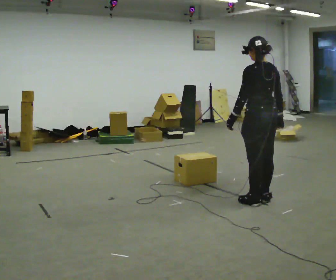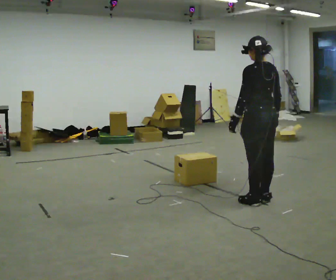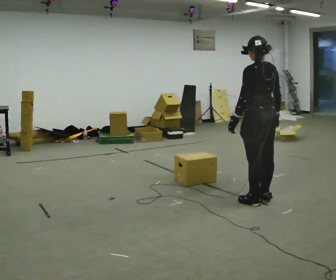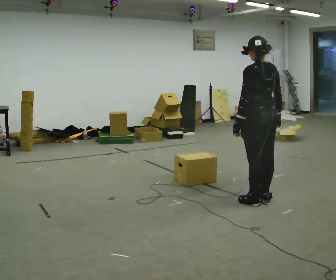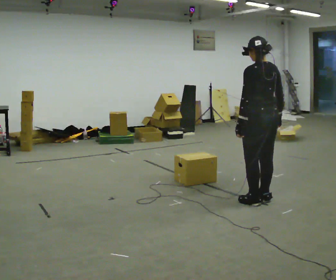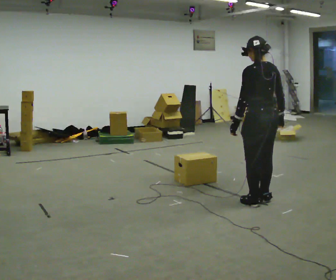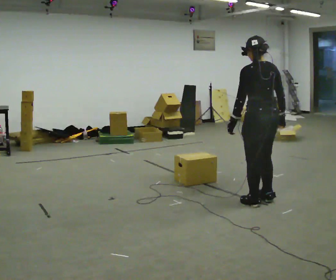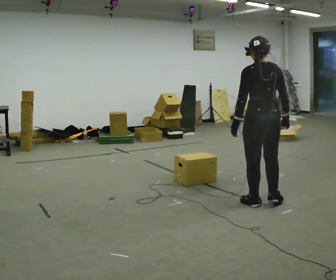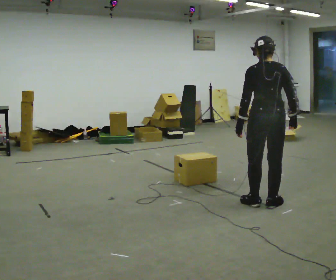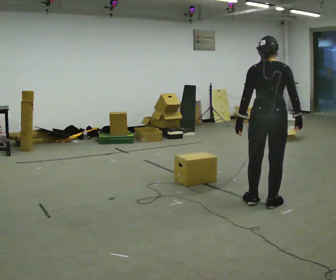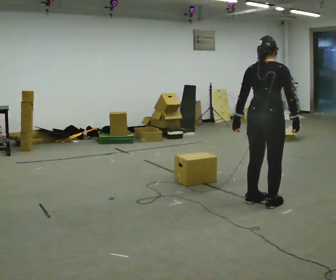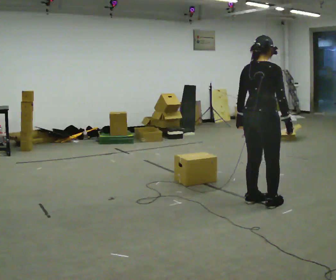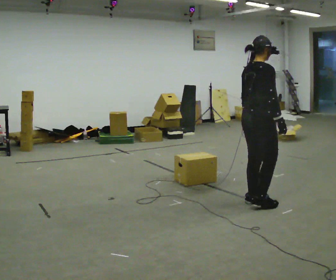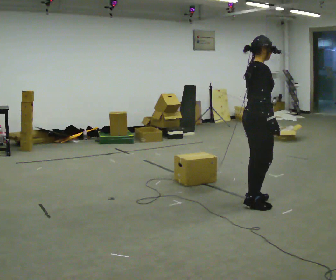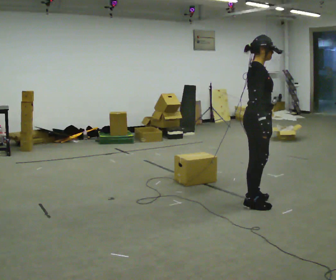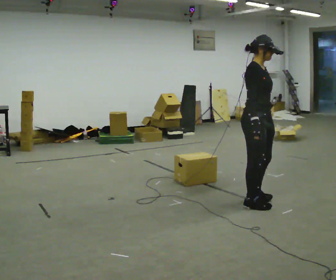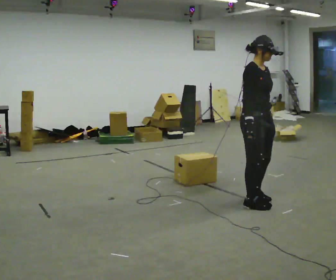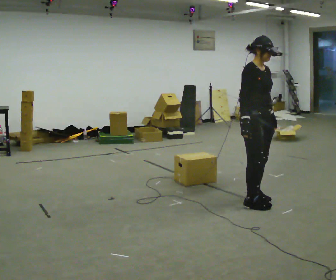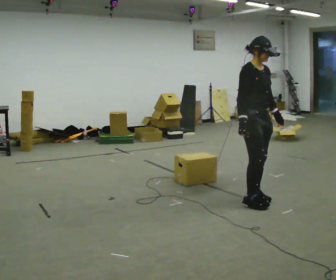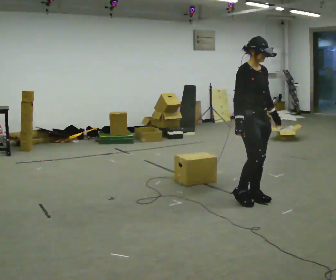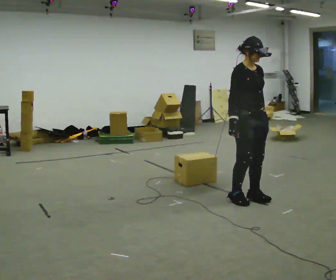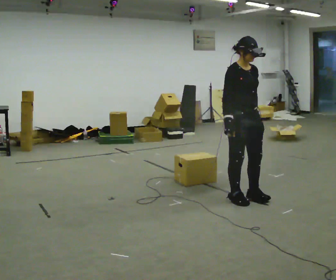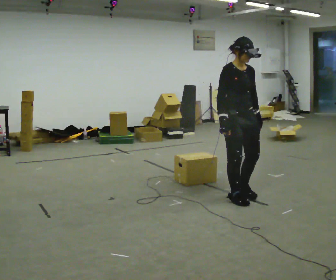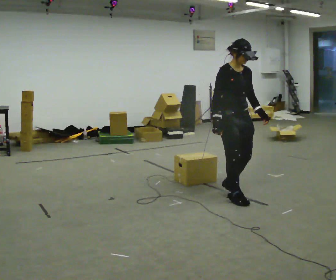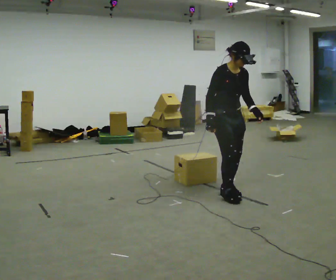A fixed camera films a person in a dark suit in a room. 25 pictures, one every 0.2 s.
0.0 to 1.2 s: The person moves a little, or ends about where they began.
1.2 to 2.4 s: The part of the body nearest the lens slides to the left as the person turns to their right by about 90 degrees.
2.4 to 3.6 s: Seen from above the body turns clockwise, about 60 degrees: to their right, with its near side sliding to the left. In the picture their left hand goes to the right.
3.6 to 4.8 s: In the picture they go to the left and away from the camera, about 0.25 m in 2 steps, which for them is backward.
The film runs backward here.
